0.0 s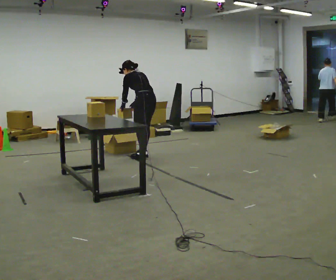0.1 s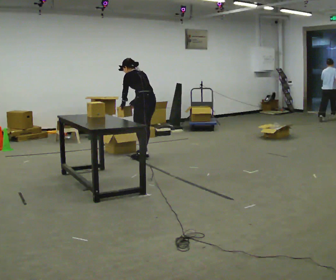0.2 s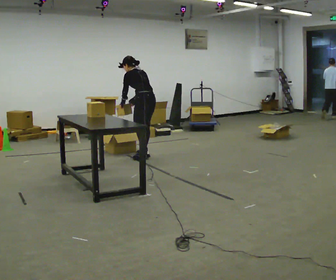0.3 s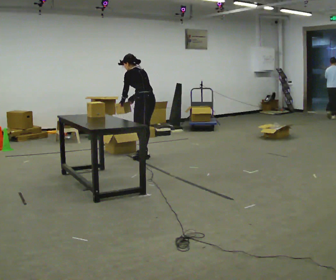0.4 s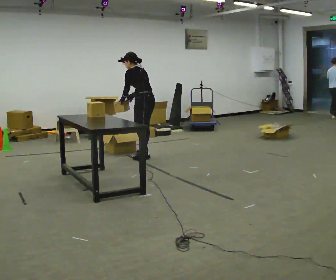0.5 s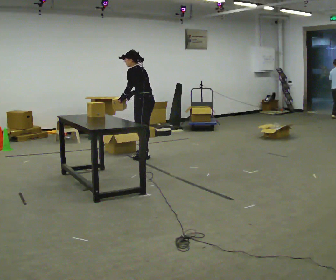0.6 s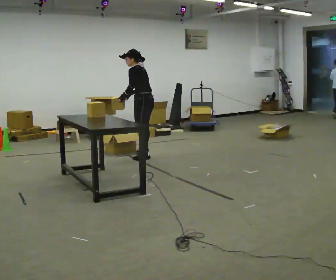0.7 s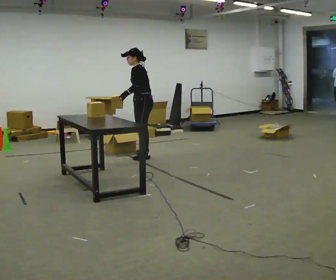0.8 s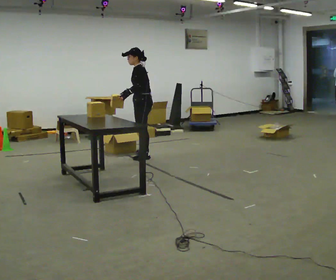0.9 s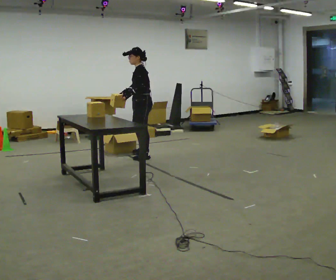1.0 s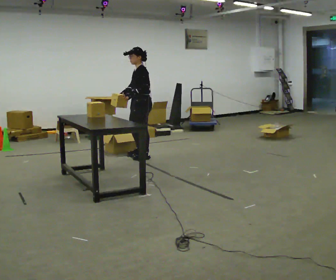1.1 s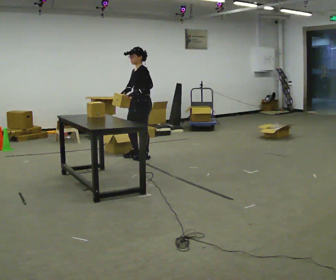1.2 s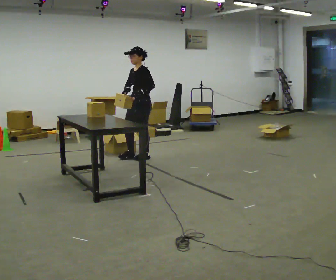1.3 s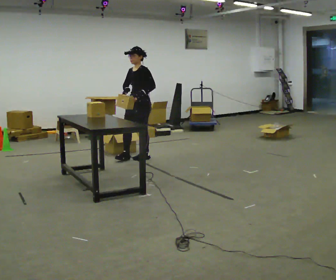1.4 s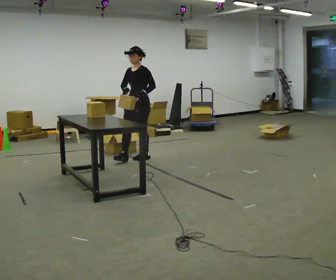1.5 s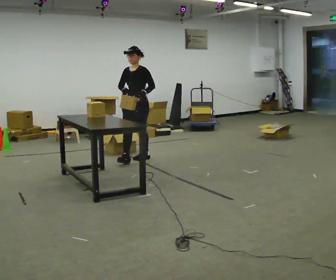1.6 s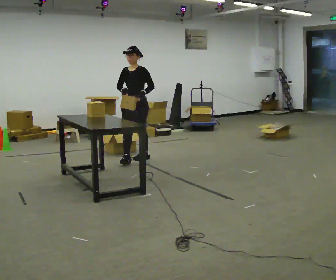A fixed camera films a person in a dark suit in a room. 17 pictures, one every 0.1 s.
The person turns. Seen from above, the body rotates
counterclockwise.
The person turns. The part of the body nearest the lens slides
to the right.
0.0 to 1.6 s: The person turns about 105 degrees to their left, counterclockwise seen from above, so the part of the body nearest the lens slides to the right. In the picture they go toward the camera and to the left, about 0.25 m in 1 step. The upper body tips toward the camera, its near side rolling downward, as they lean back or straighten.
The film runs forward here.
